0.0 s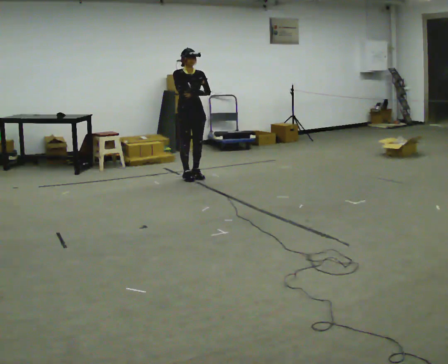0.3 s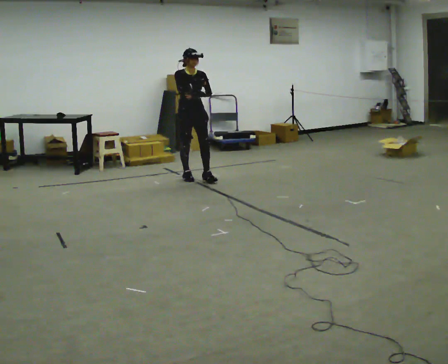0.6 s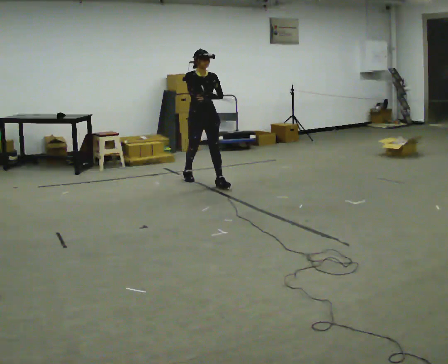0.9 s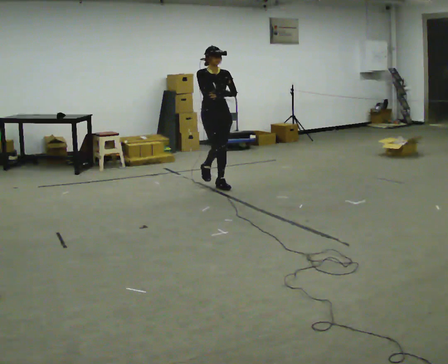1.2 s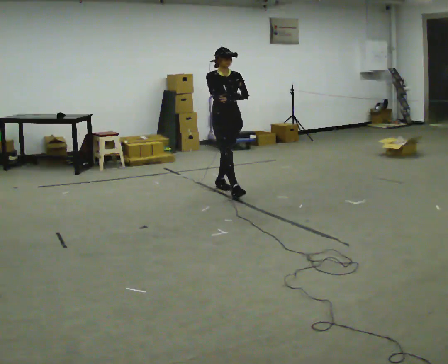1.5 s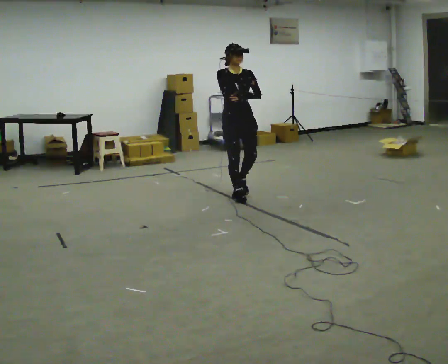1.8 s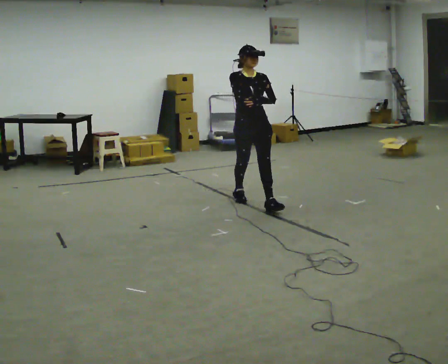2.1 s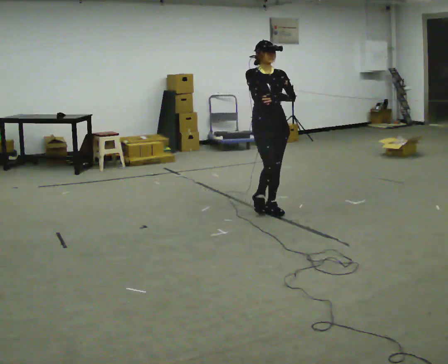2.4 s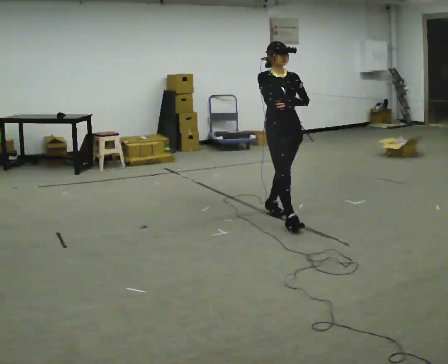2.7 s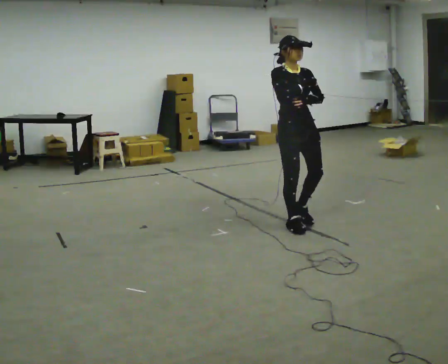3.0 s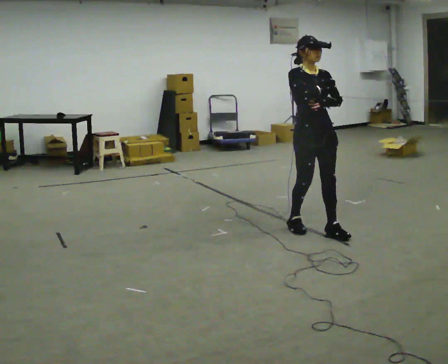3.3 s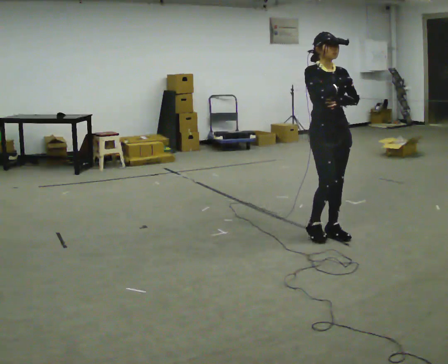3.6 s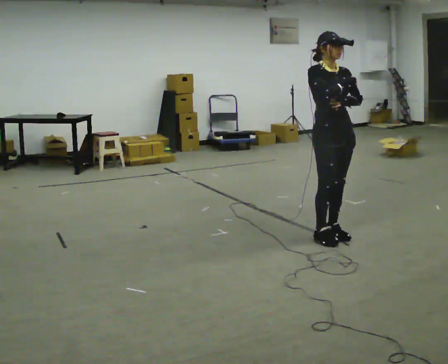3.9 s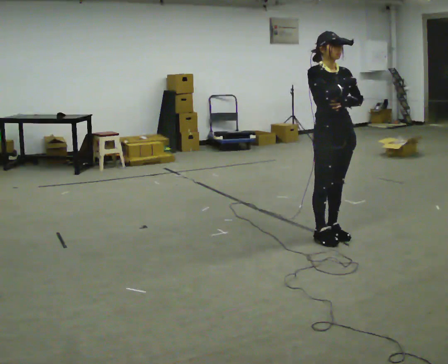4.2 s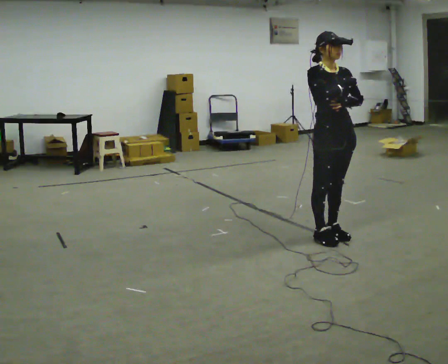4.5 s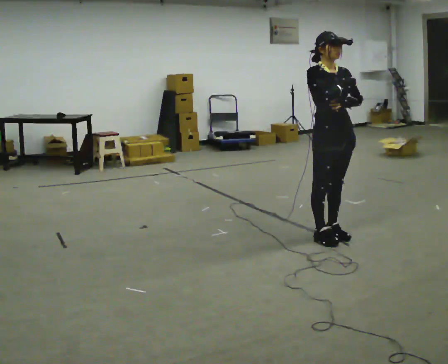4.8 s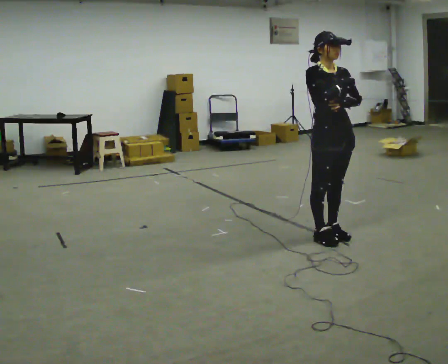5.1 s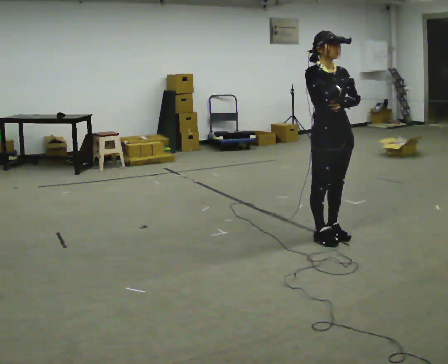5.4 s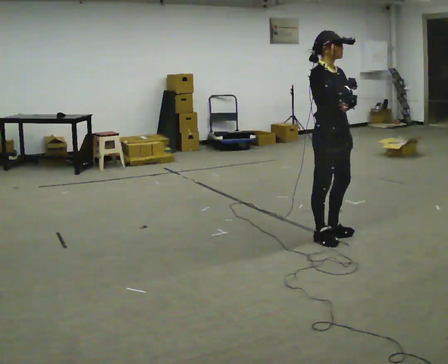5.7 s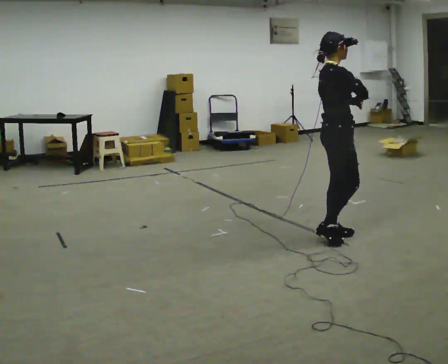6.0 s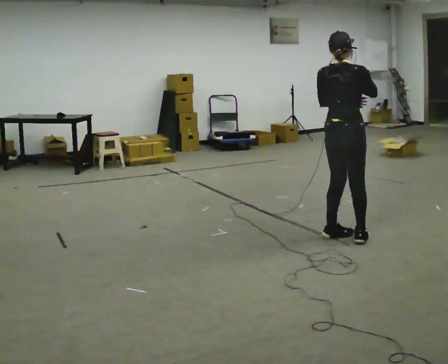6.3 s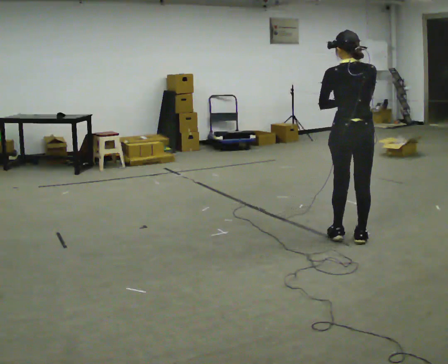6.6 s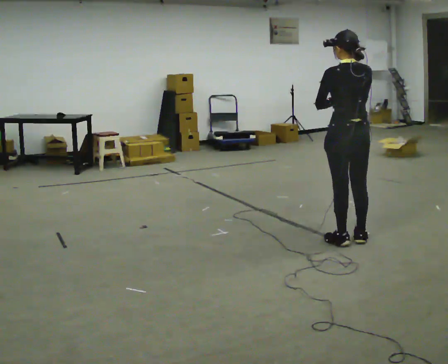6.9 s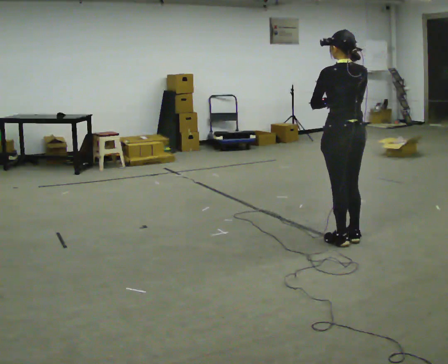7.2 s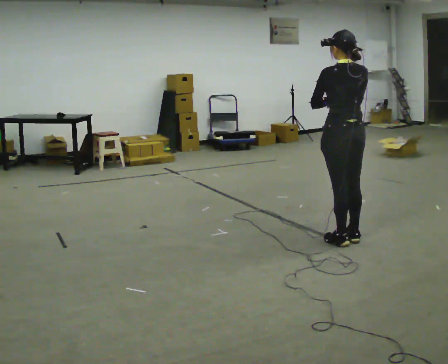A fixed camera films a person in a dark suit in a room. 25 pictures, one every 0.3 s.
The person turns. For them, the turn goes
to their left.
The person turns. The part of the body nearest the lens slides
to the right.
0.0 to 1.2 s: In the picture they go to the right and toward the camera, about 1 m in 1 step, which for them is forward.
1.2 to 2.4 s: In the picture they go toward the camera and to the right, about 1 m in 2 steps, which for them is forward.
2.4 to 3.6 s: In the picture they go toward the camera and to the right, about 0.75 m in 3 steps, which for them is forward.
3.6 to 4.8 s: The person moves a little, or ends about where they began.
4.8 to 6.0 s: The person turns about 120 degrees to their left, counterclockwise seen from above, so the part of the body nearest the lens slides to the right.
6.0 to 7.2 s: The part of the body nearest the lens slides to the right as the person turns to their left by about 60 degrees.
The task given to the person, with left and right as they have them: Walk normally but hold both hands together in front of you at chest height; do not swing your arms; stop.
The film runs forward here.
